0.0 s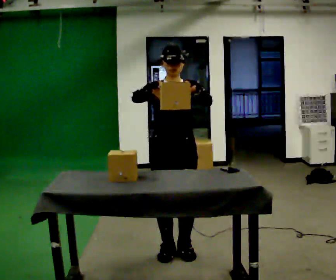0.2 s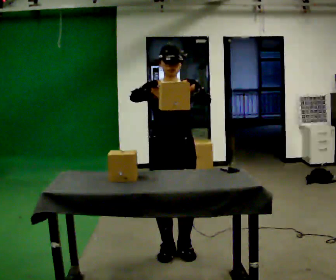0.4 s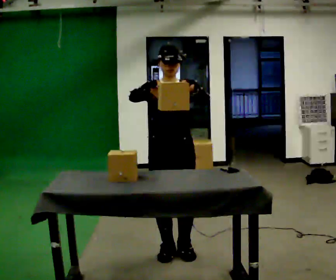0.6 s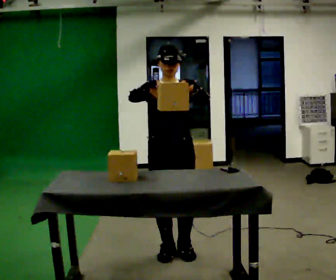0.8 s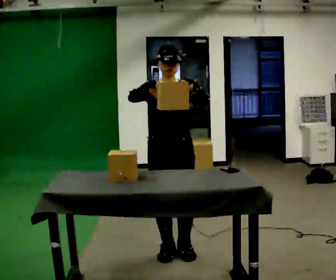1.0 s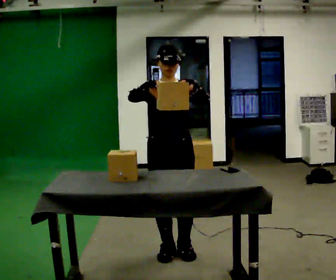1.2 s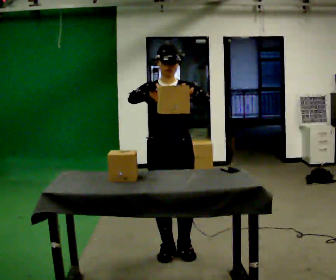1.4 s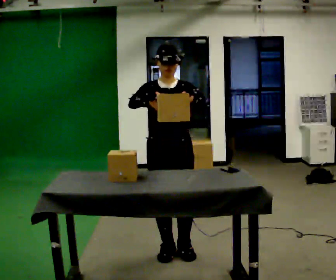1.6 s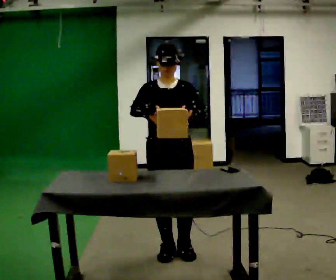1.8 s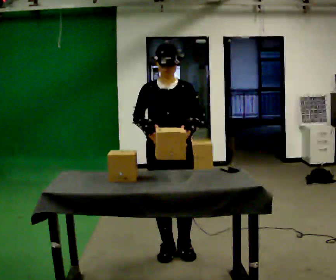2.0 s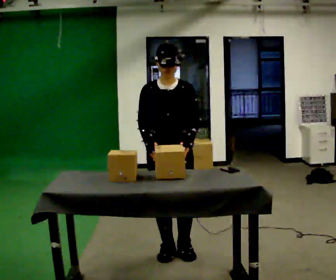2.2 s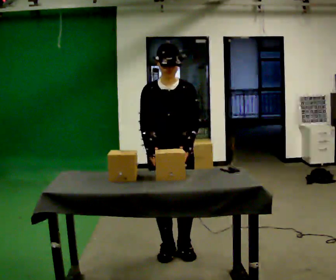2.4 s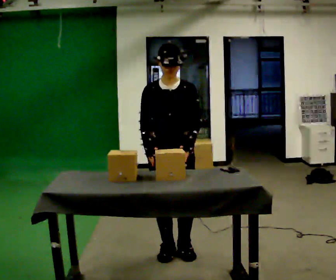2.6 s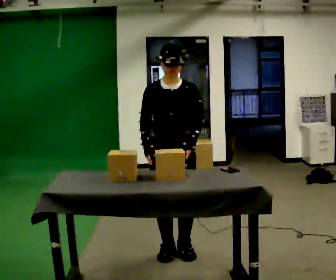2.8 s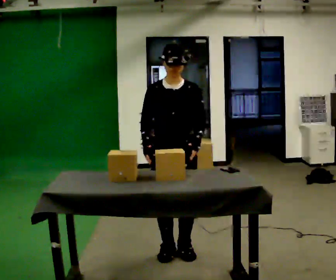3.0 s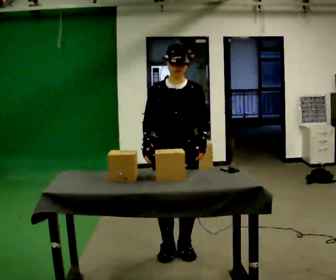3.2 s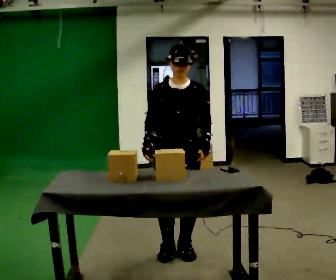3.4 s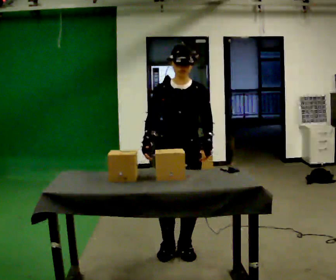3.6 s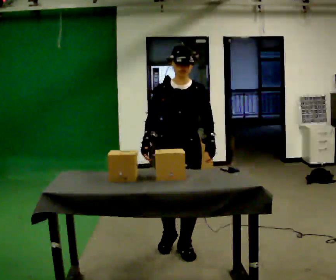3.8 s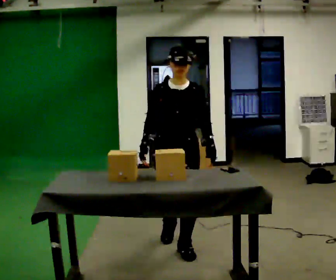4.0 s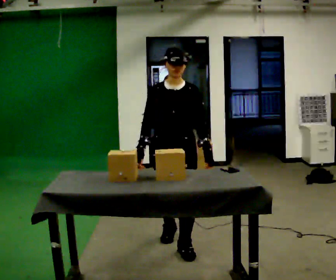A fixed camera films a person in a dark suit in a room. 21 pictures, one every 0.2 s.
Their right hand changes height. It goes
downward.
Their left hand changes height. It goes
downward.
0.0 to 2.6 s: In the picture their right hand goes downward.
2.6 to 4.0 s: In the picture they go away from the camera, about 0.25 m in 1 step, which for them is backward.
The film runs backward here.
